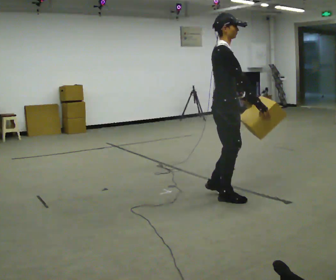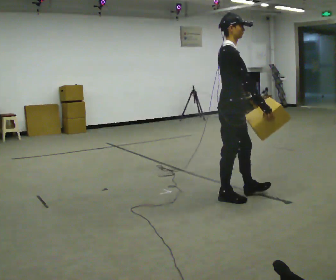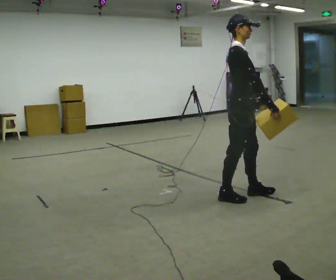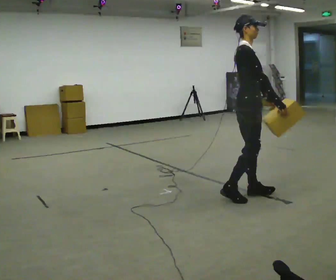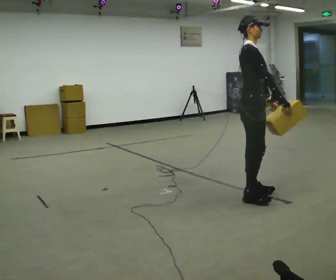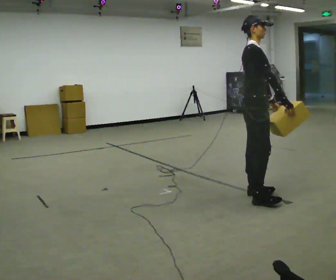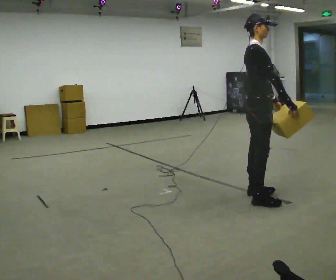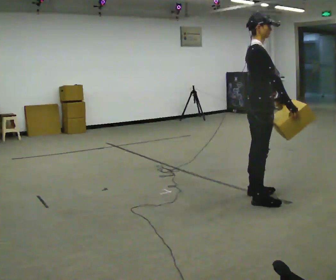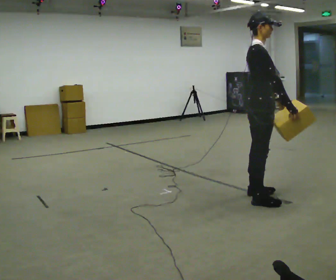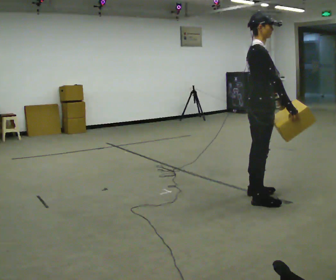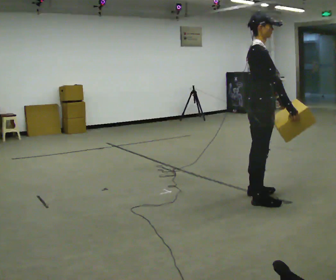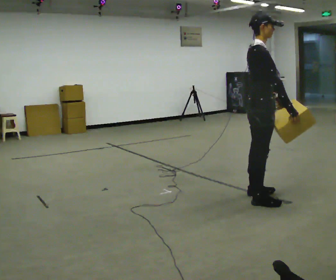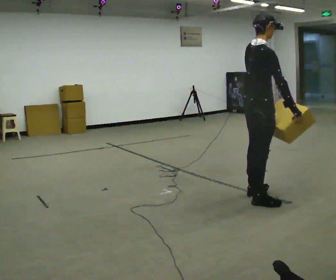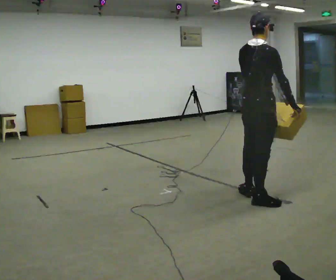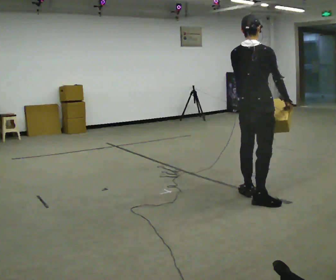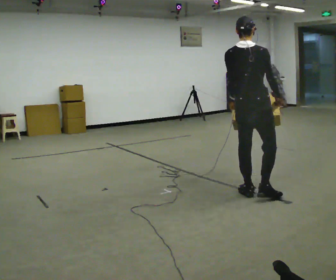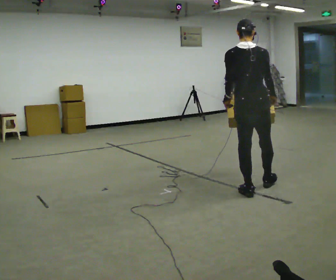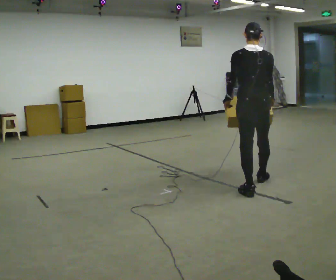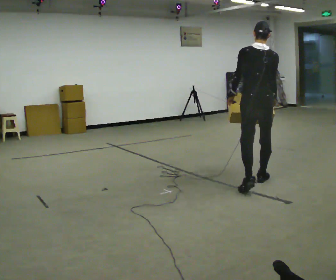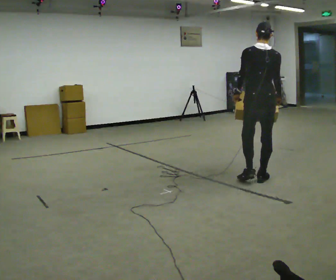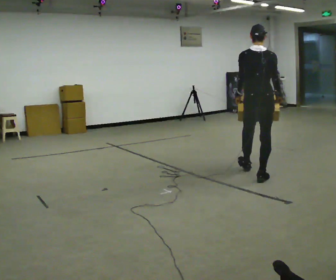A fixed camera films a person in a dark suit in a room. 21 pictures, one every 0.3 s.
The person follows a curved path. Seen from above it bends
counterclockwise.
0.0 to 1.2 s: In the picture they go to the right, about 0.25 m in 1 step, which for them is forward.
1.2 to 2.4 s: The person moves a little, or ends about where they began.
2.4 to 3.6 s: The person turns about 30 degrees to their left, counterclockwise seen from above, so the part of the body nearest the lens slides to the right.
3.6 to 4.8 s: The person turns about 60 degrees to their left, counterclockwise seen from above, so the part of the body nearest the lens slides to the right. In the picture they go away from the camera, about 0.25 m.
4.8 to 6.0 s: In the picture they go away from the camera, about 0.5 m in 1 step, which for them is forward.
The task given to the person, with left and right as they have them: Carry the medium box in both hands in front of you, walking back and forth across the room. Keep walking until the operator says stop.
The film runs forward here.
